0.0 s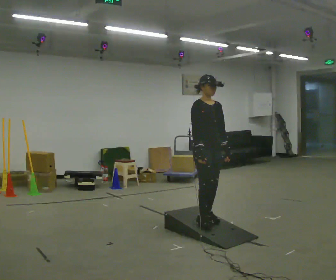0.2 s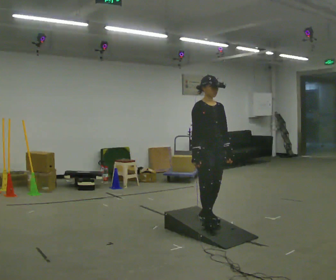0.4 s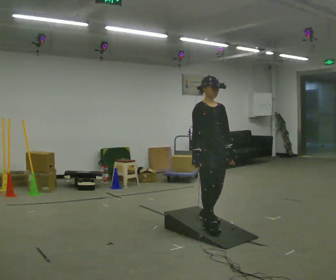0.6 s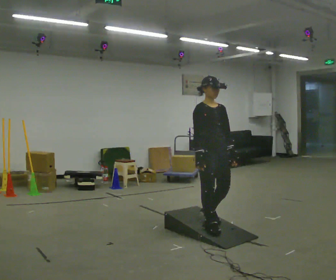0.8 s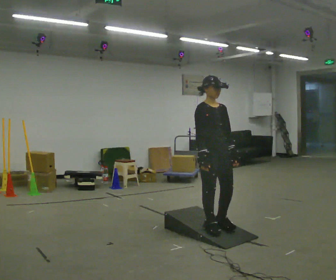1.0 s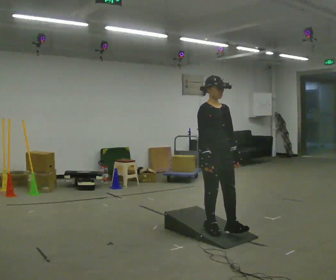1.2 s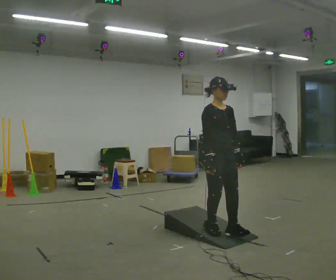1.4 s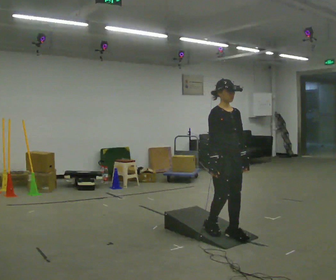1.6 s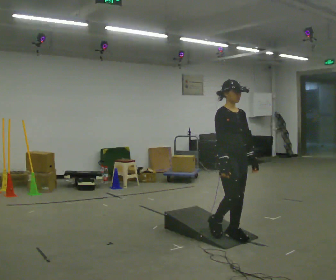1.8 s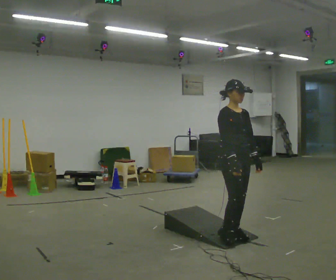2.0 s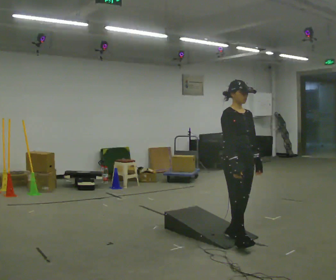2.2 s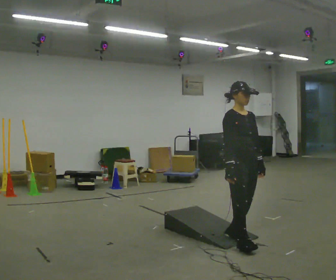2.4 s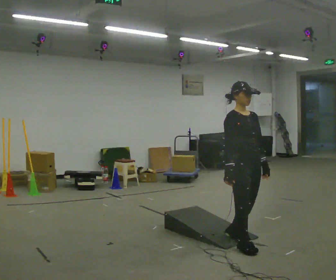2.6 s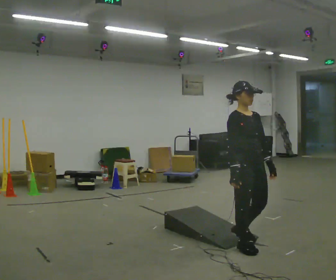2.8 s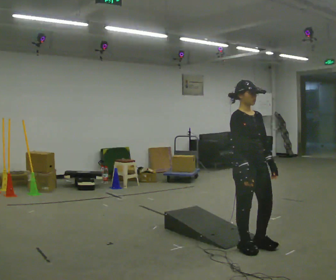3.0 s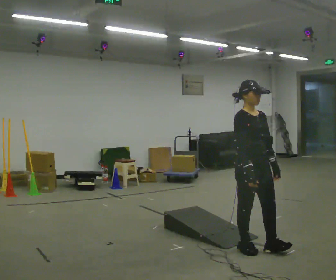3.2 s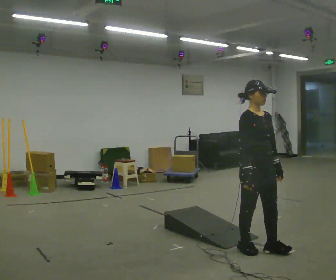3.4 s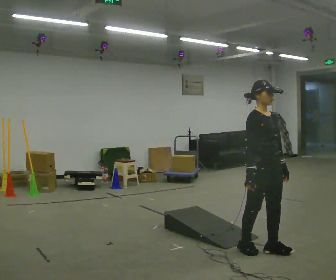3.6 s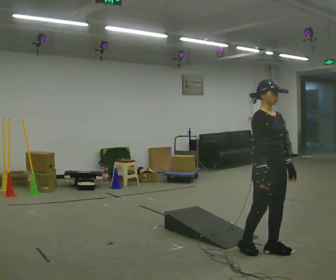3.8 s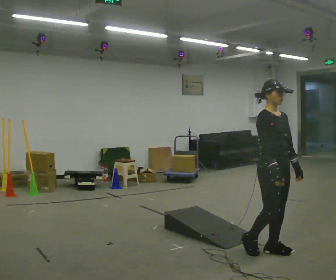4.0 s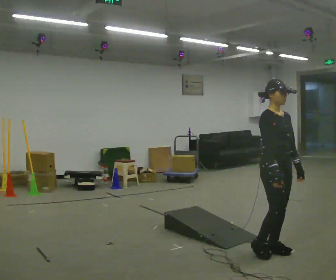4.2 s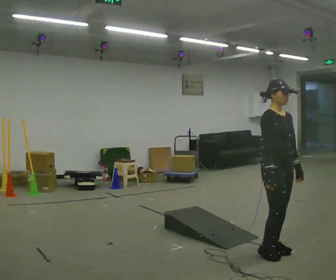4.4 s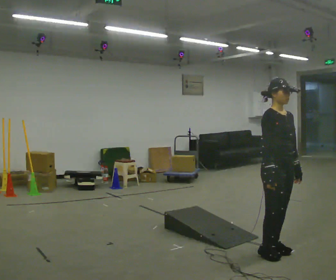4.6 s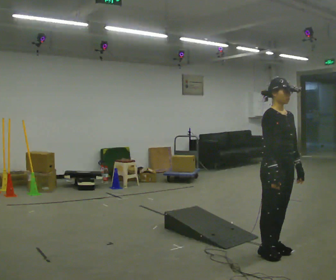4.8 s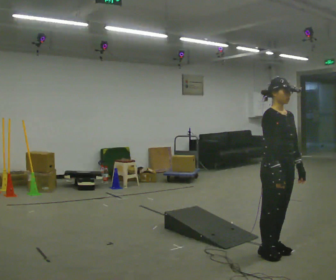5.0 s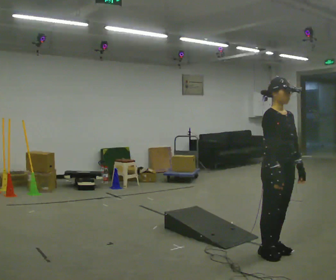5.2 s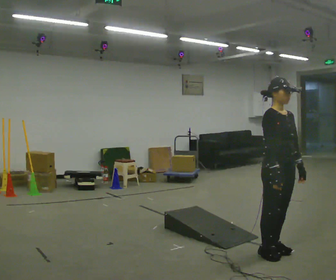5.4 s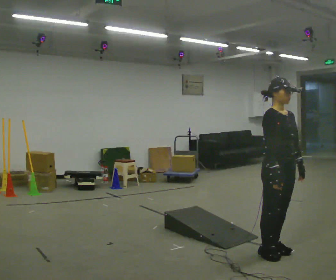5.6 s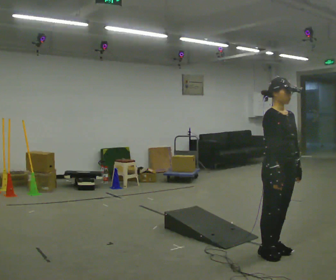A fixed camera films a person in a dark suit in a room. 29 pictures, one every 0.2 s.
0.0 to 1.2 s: In the picture they go toward the camera and to the right, about 0.25 m in 2 steps, which for them is forward.
1.2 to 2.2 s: In the picture they go to the right and toward the camera, about 0.25 m in 1 step, which for them is forward.
2.2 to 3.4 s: In the picture they go to the right and toward the camera, about 0.25 m in 1 step, which for them is forward.
3.4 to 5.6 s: The person moves a little, or ends about where they began.
The film runs forward here.
